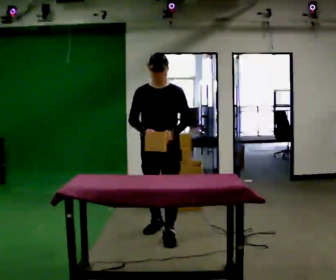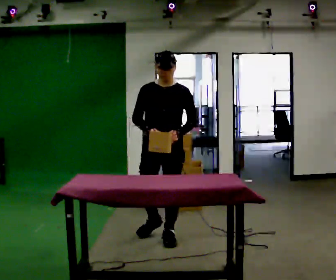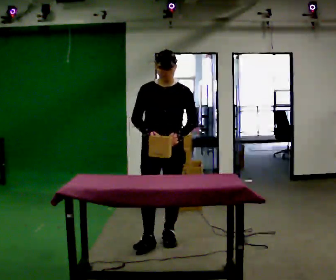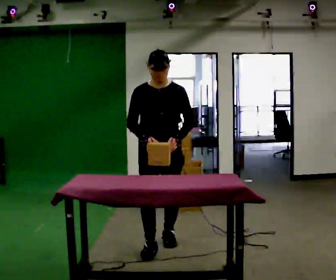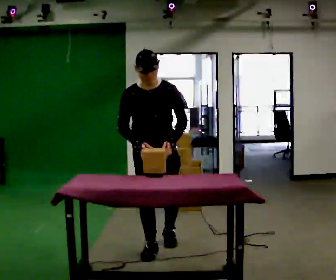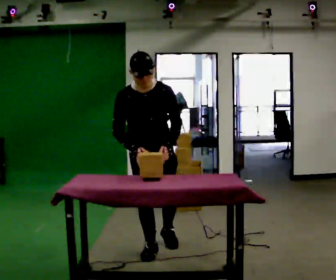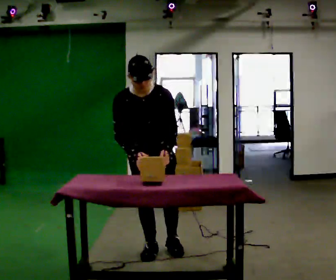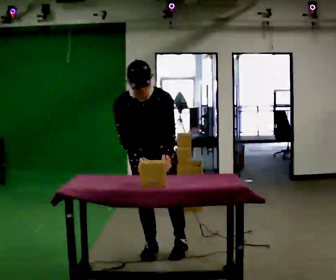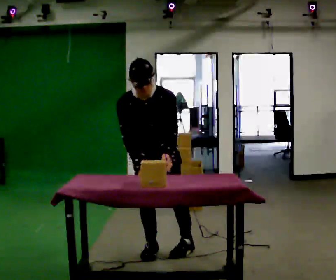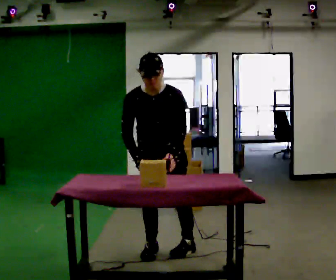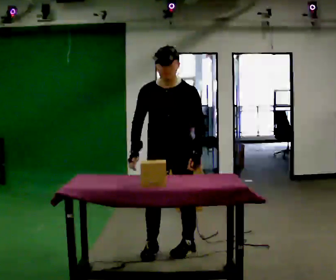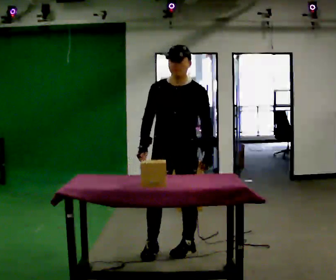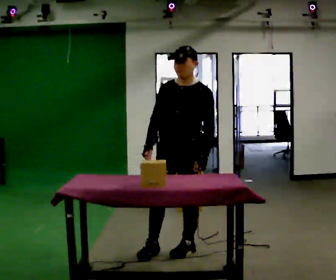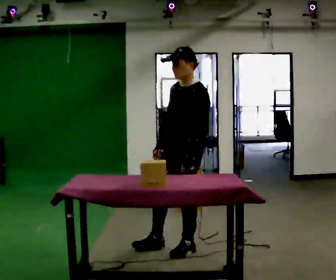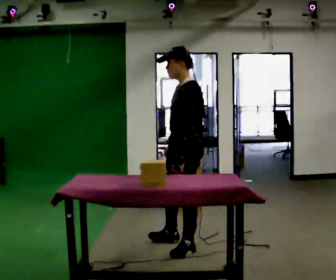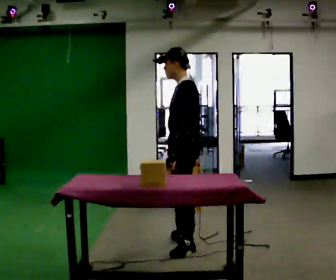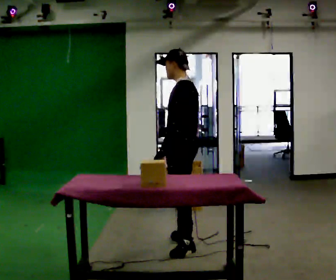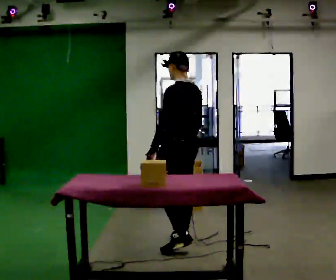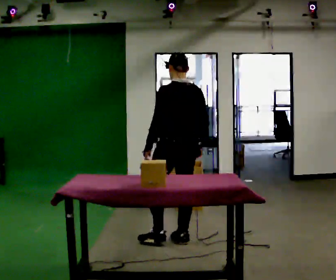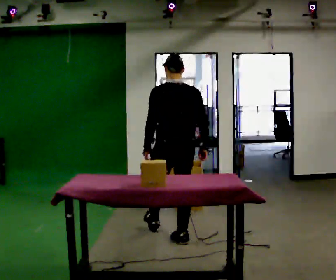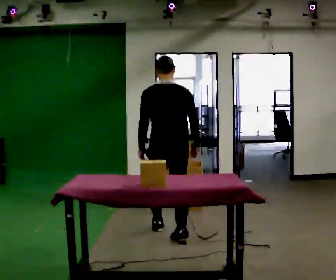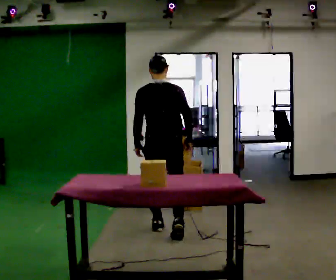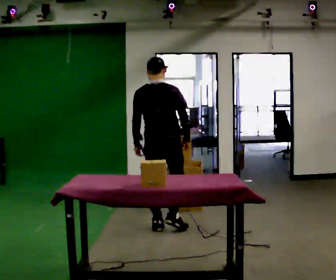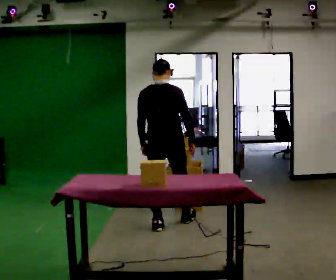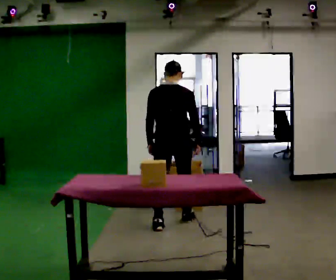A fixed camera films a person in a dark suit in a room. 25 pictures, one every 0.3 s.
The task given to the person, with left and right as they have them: Carry the box over and put it on the shelf with the label facing out towards you. Get the orientation right, not just the position. Keep going until the operator says stop; one object at a time, and do not rush between trips.
0.0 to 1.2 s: In the picture they go toward the camera, about 0.5 m in 1 step, which for them is forward.
1.2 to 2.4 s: The upper body tips toward the camera, its near side rolling downward, as they bend forward.
2.4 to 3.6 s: The part of the body nearest the lens slides to the left as the person turns to their right by about 45 degrees. In the picture they go to the right, about 0.25 m, which for them is to their left. The upper body tips away from the camera, its near side rolling upward, as they lean back or straighten.
3.6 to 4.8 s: The person turns about 75 degrees to their right, clockwise seen from above, so the part of the body nearest the lens slides to the left. In the picture they go away from the camera, about 0.25 m in 1 step.
4.8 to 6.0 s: The part of the body nearest the lens slides to the left as the person turns to their right by about 75 degrees. In the picture they go away from the camera and to the left, about 0.25 m in 1 step.
6.0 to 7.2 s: In the picture they go away from the camera, about 0.5 m in 1 step, which for them is forward.
The film runs forward here.
